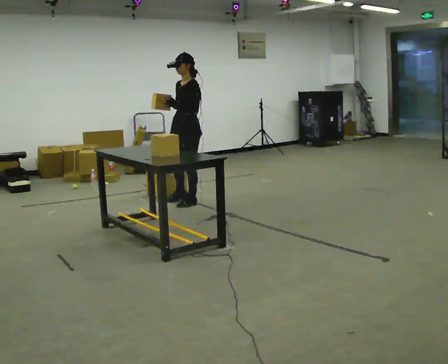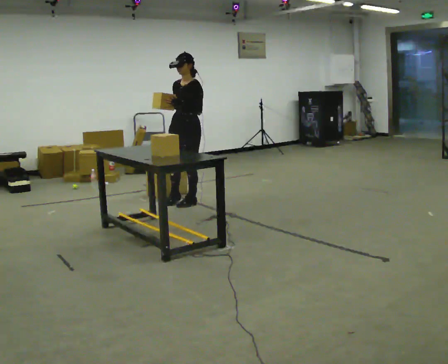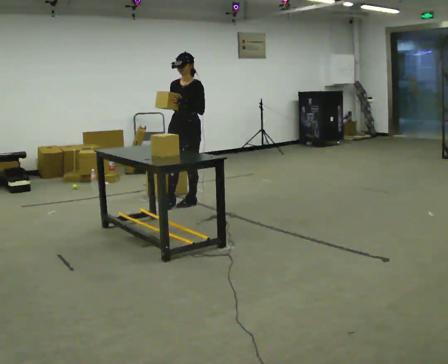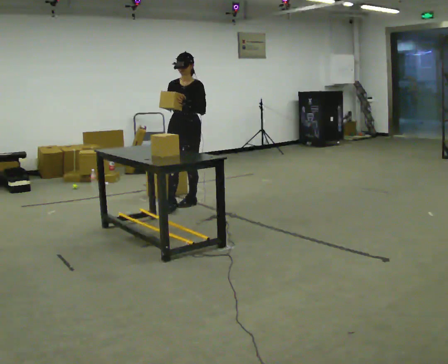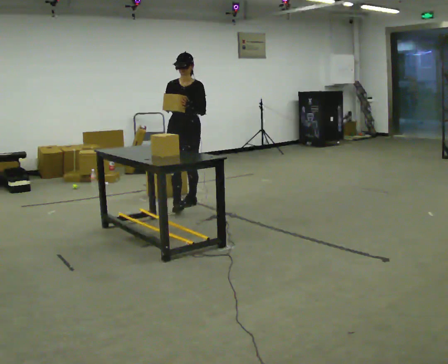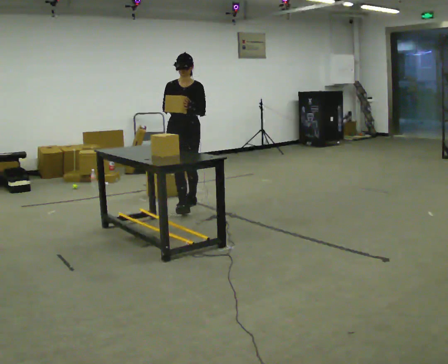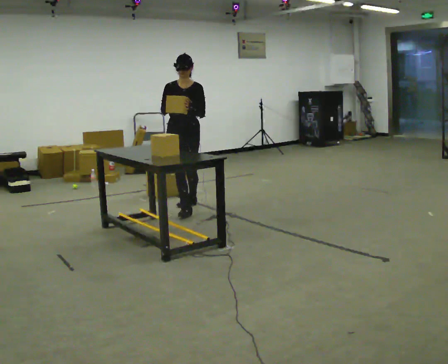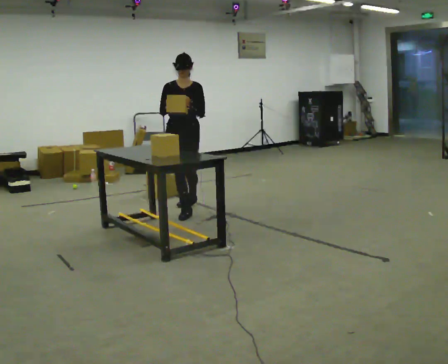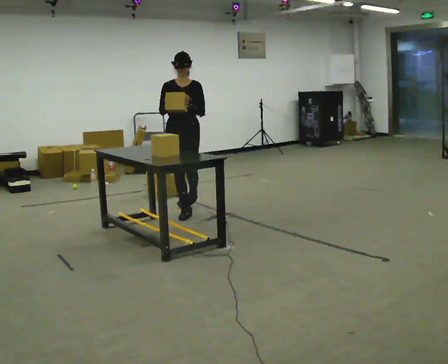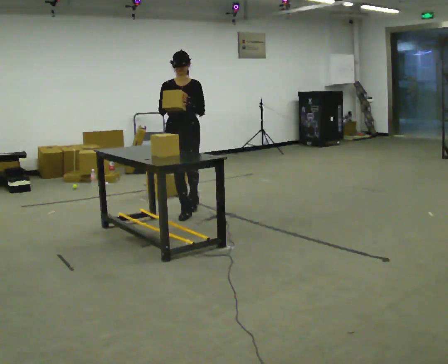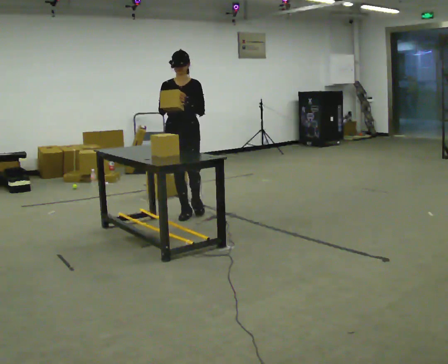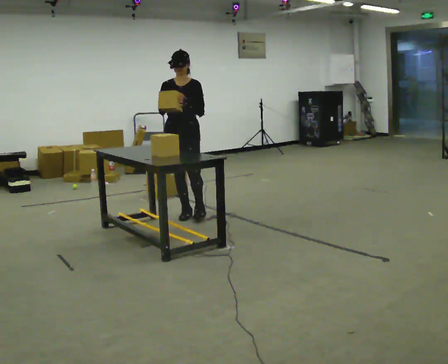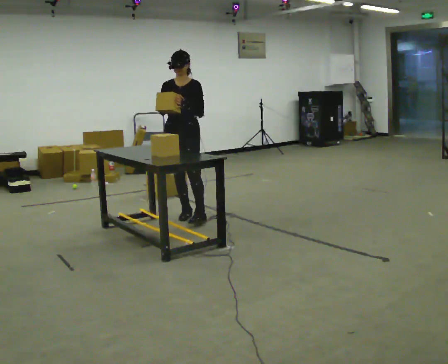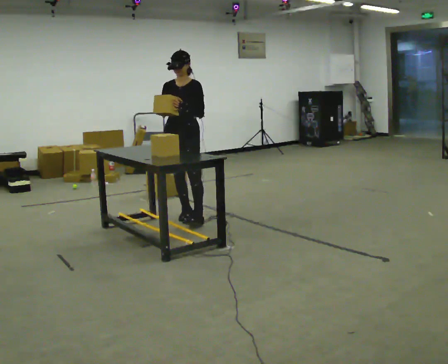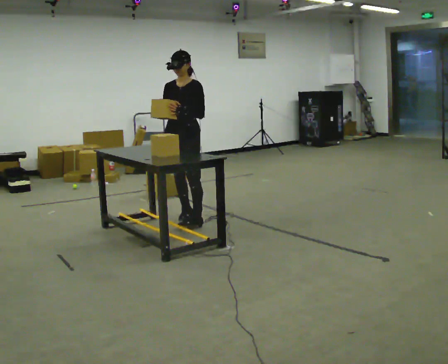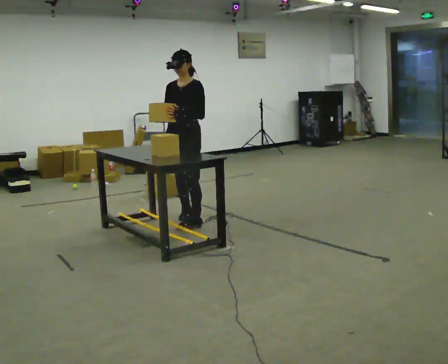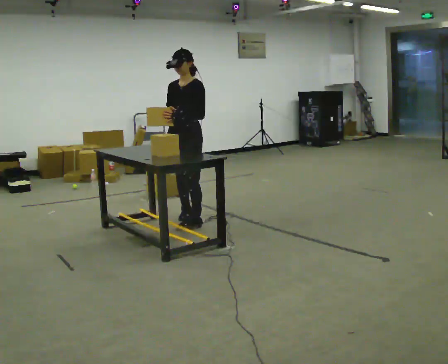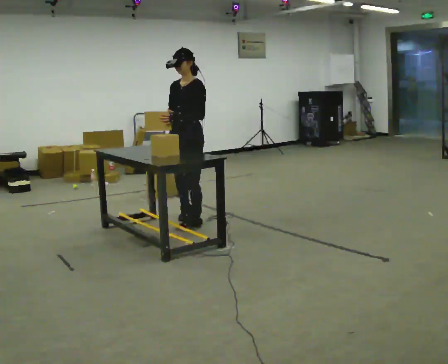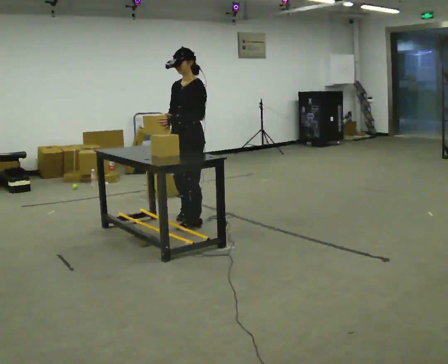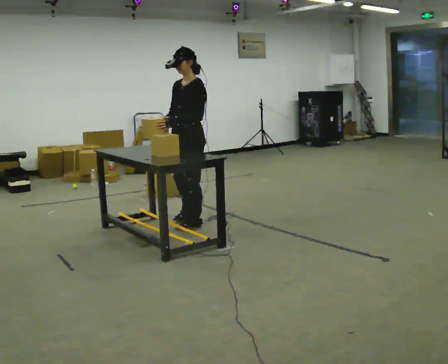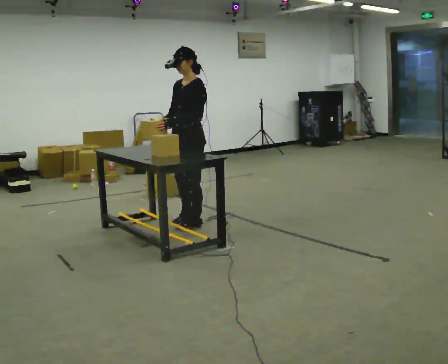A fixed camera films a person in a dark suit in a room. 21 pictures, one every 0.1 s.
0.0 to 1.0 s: The person turns about 60 degrees to their left, counterclockwise seen from above, so the part of the body nearest the lens slides to the right. In the picture they go toward the camera, about 0.5 m in 1 step, which for them is forward.
1.0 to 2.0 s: The person turns about 60 degrees to their right, clockwise seen from above, so the part of the body nearest the lens slides to the left. In the picture they go toward the camera, about 0.5 m in 1 step, which for them is to their left and forward.
The film runs forward here.
